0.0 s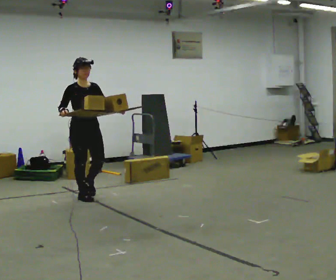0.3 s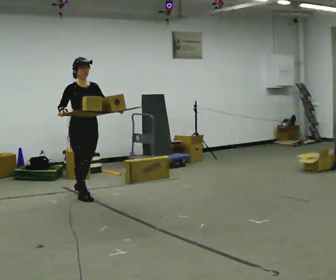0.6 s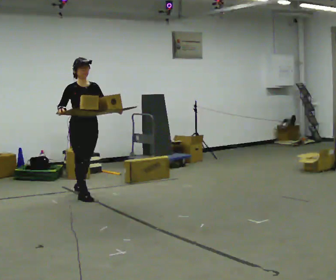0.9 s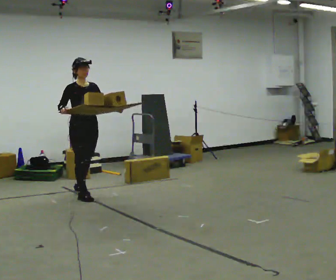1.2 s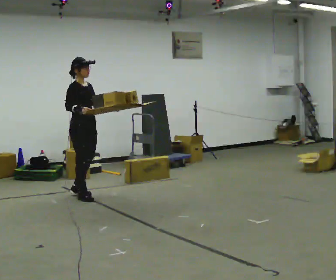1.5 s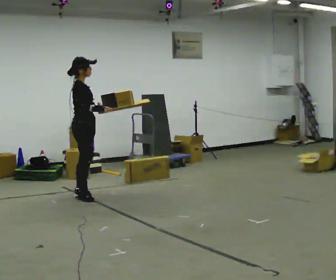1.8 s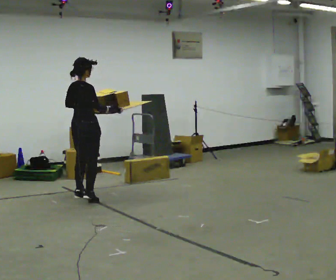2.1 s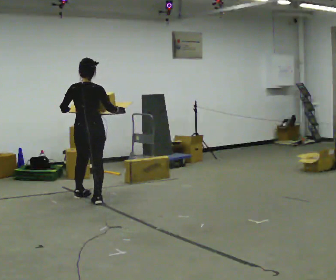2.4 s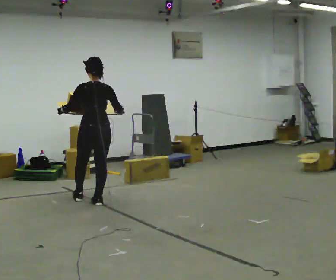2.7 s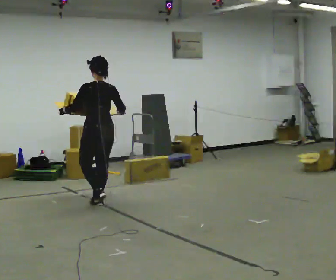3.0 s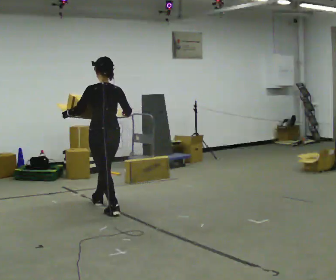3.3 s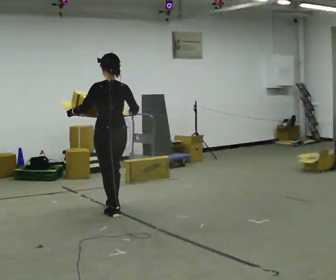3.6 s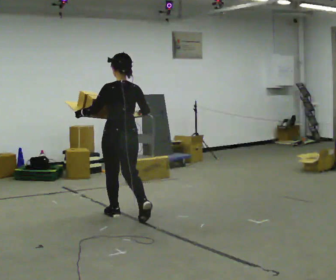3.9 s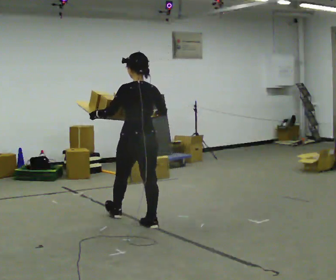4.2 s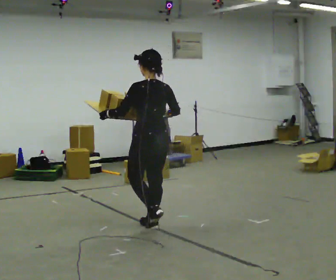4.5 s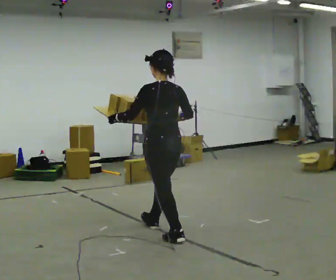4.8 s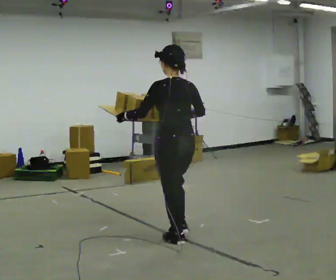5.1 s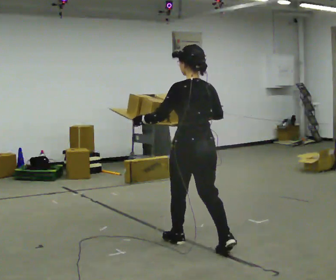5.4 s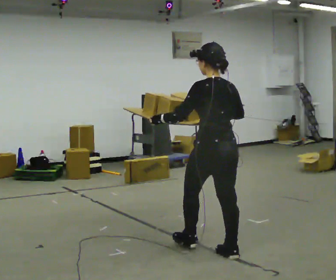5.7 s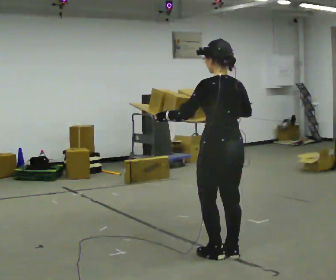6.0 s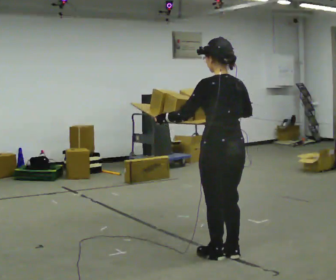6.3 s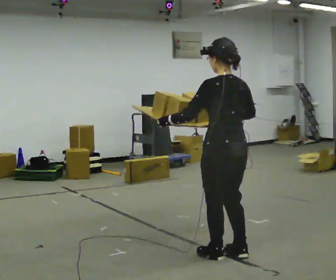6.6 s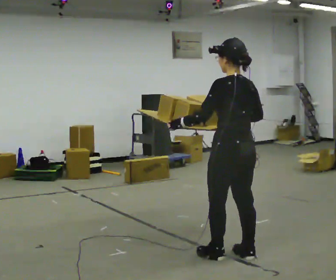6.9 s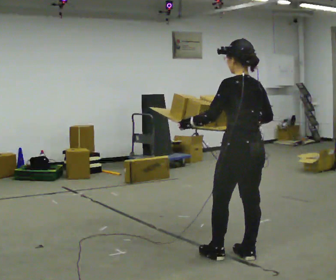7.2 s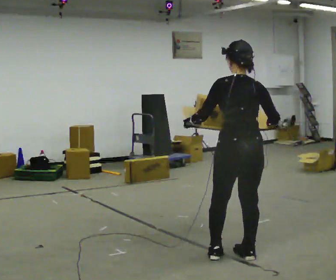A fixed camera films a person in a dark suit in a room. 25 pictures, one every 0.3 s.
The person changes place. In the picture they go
toward the camera.
0.0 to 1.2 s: The person moves a little, or ends about where they began.
1.2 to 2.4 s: The part of the body nearest the lens slides to the right as the person turns to their left by about 135 degrees. In the picture they go toward the camera and to the right, about 0.25 m in 2 steps.
2.4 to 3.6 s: In the picture they go toward the camera and to the right, about 0.5 m in 1 step, which for them is backward.
3.6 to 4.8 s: In the picture they go toward the camera and to the right, about 1 m in 2 steps, which for them is backward.
4.8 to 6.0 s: In the picture they go toward the camera and to the right, about 0.5 m in 1 step, which for them is backward.
6.0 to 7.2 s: The person moves a little, or ends about where they began.
The film runs backward here.
